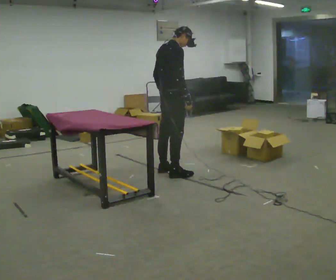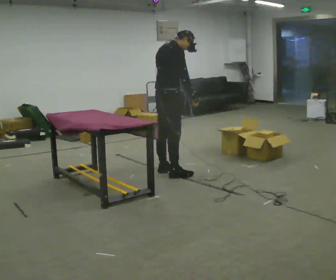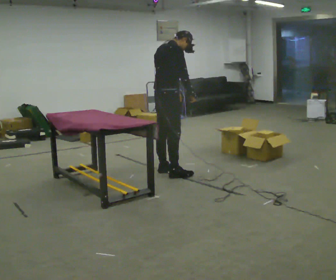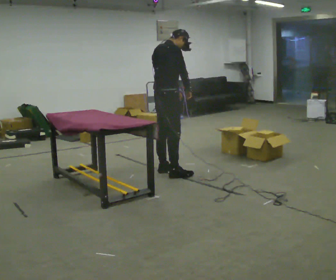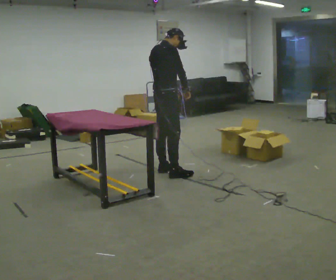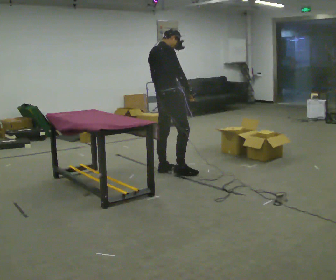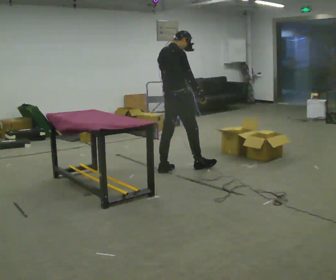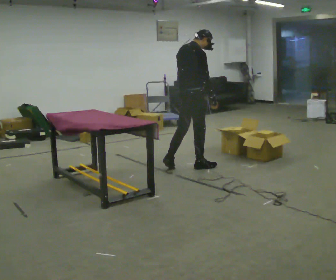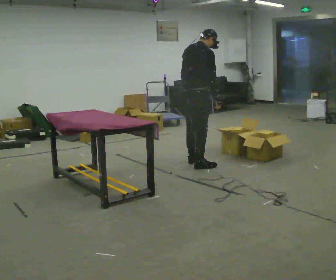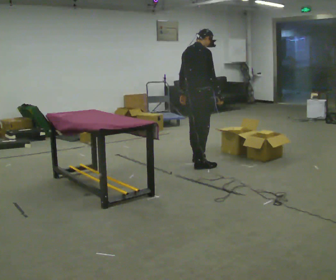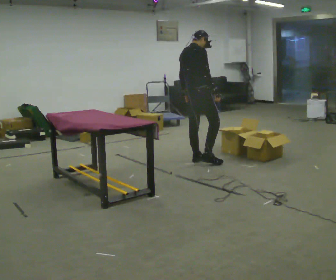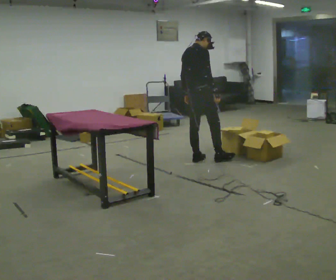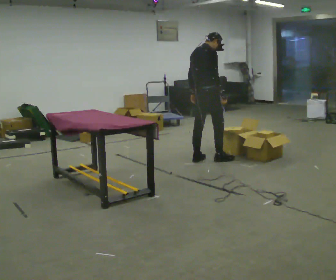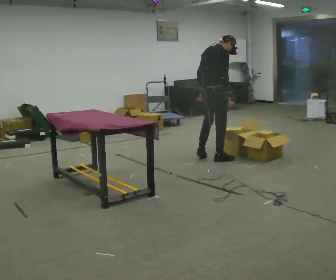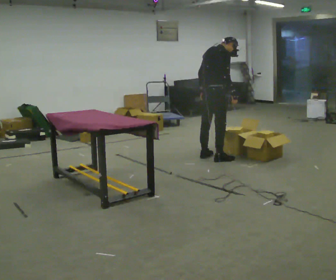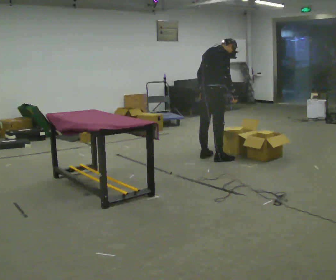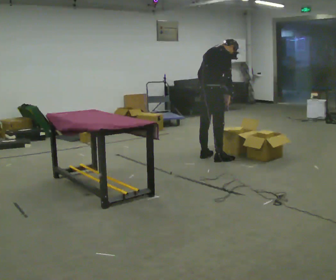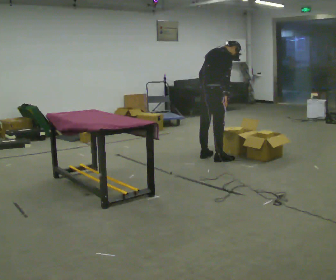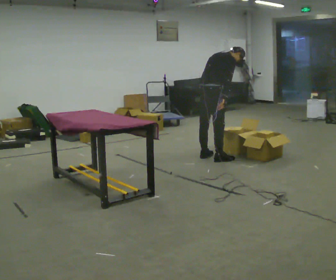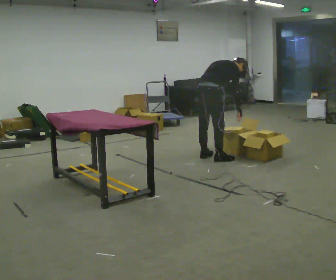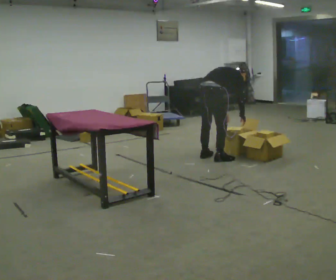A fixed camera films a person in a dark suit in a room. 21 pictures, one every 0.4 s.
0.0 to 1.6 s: The person moves a little, or ends about where they began.
1.6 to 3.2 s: In the picture they go to the right and away from the camera, about 0.5 m in 1 step, which for them is forward.
3.2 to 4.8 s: In the picture they go away from the camera, about 0.25 m in 2 steps, which for them is forward and to their left.
4.8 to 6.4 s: In the picture the upper body tilts clockwise, shoulders to the right, as they bend forward.
6.4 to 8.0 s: The shoulders move downward. In the picture the upper body tilts clockwise, shoulders to the right, as they bend forward. In the picture their right hand goes downward.
The film runs forward here.
